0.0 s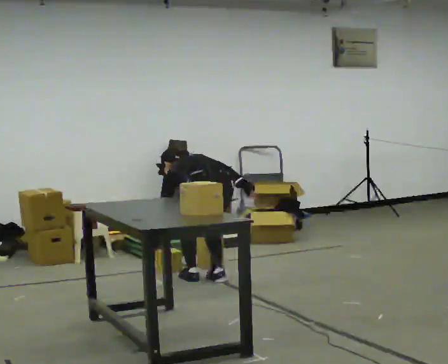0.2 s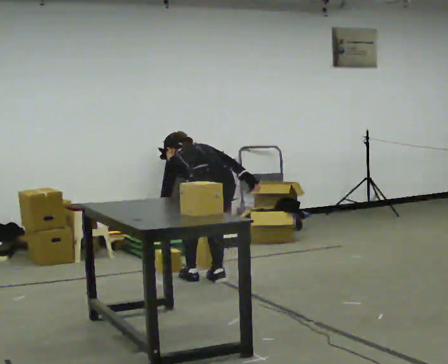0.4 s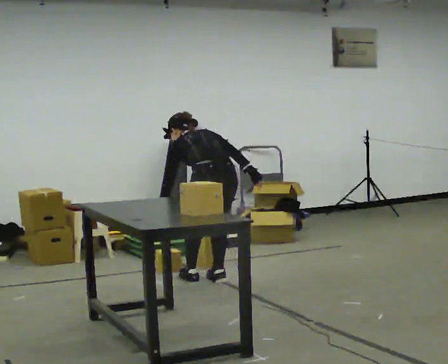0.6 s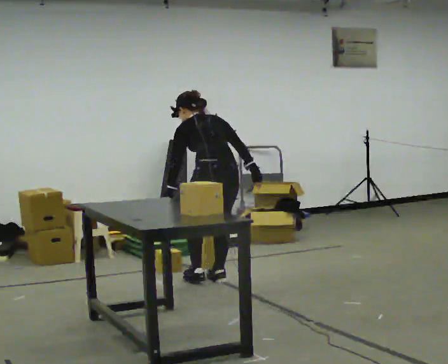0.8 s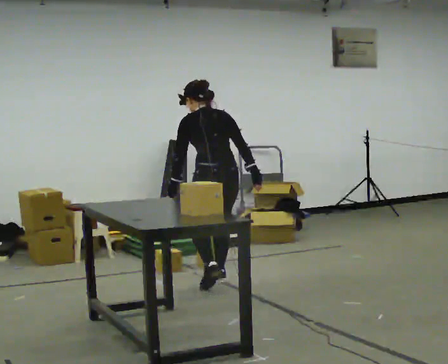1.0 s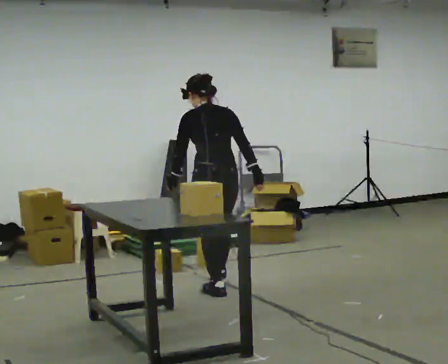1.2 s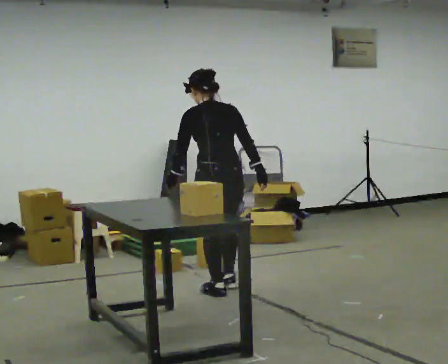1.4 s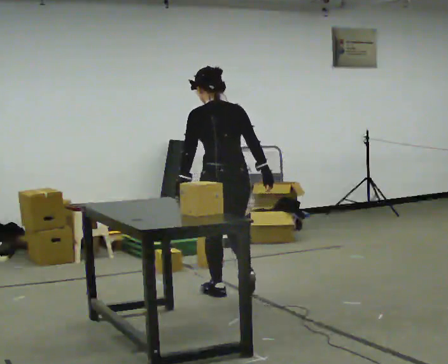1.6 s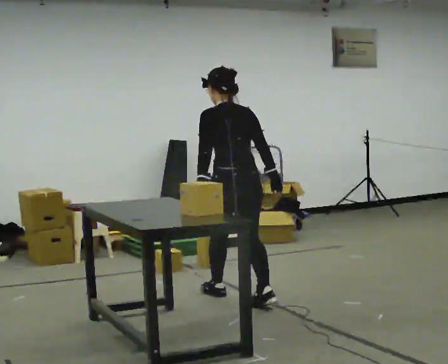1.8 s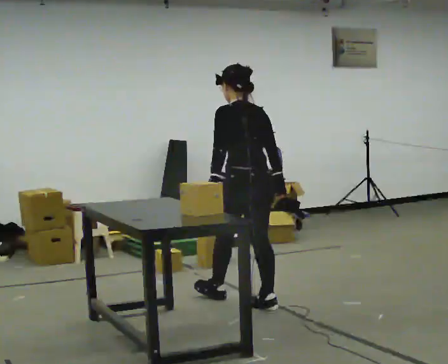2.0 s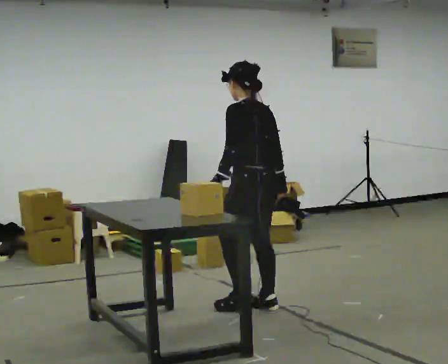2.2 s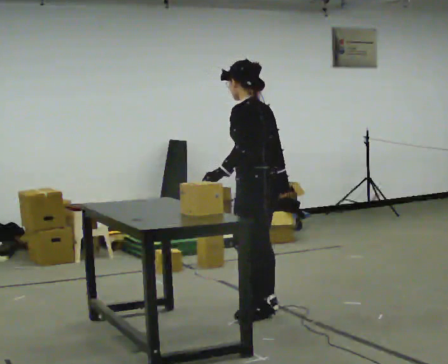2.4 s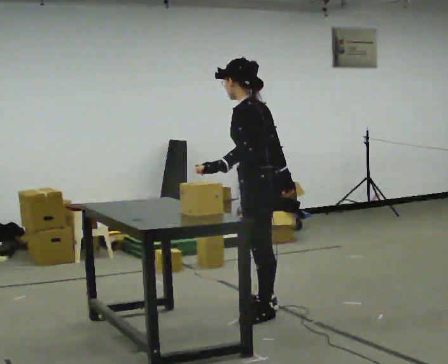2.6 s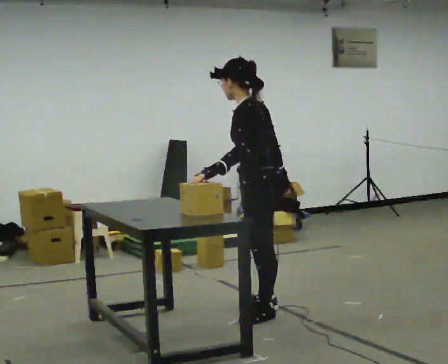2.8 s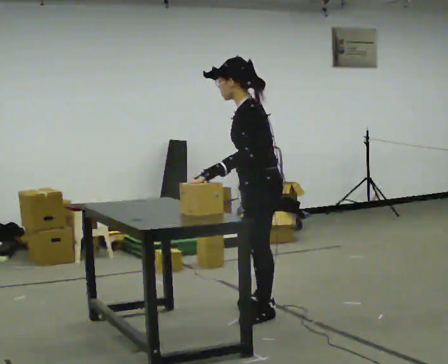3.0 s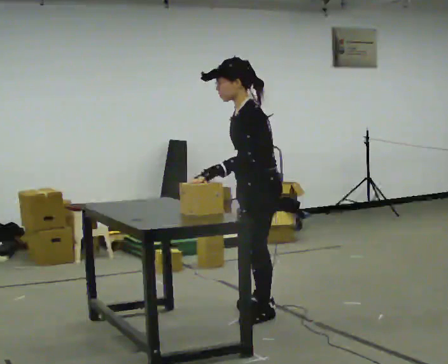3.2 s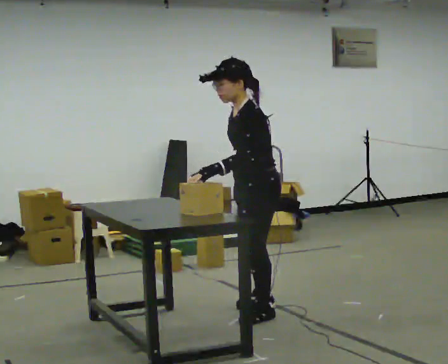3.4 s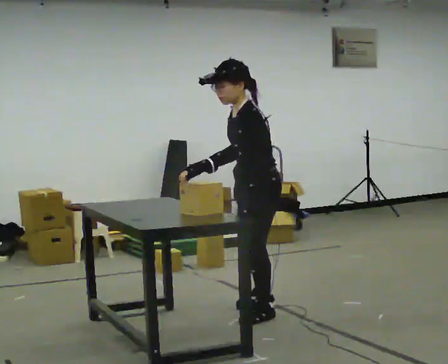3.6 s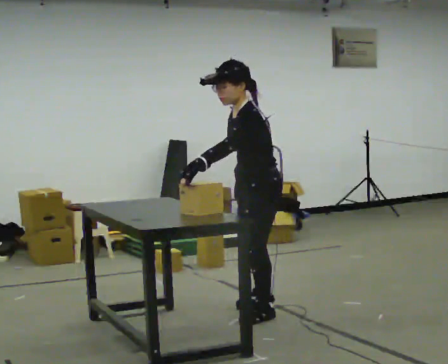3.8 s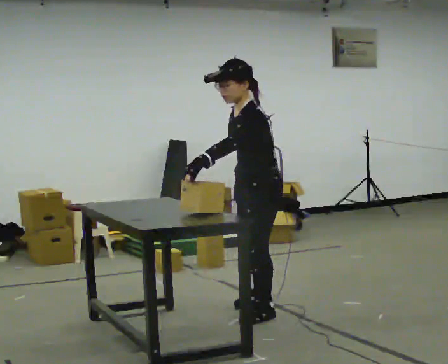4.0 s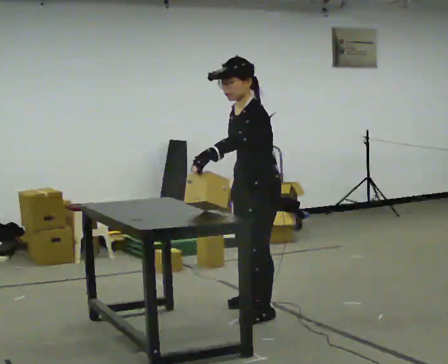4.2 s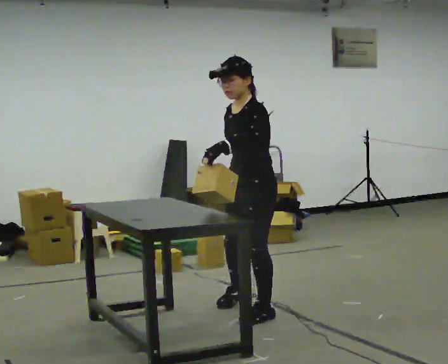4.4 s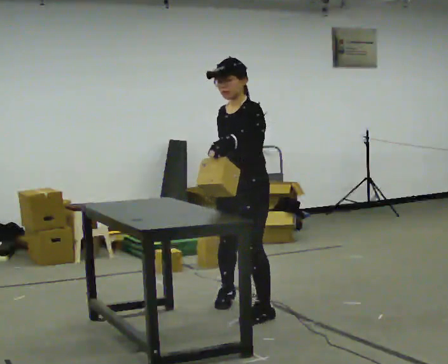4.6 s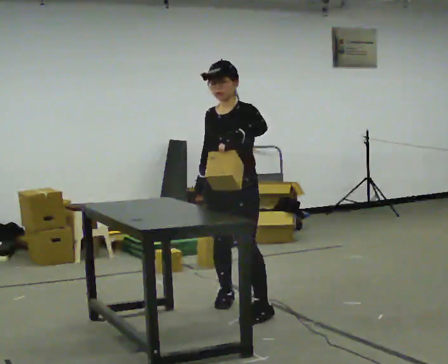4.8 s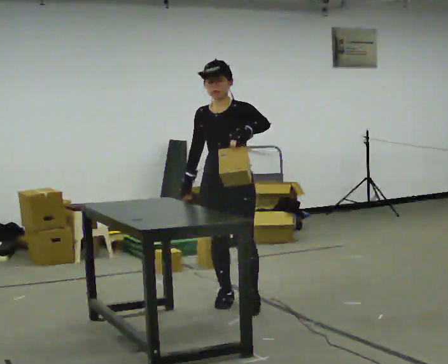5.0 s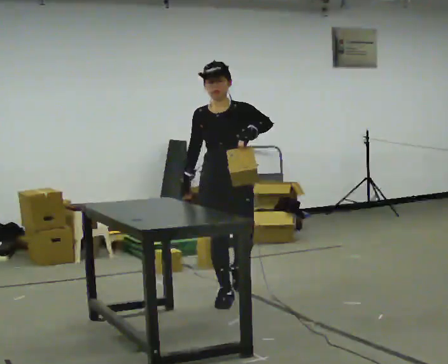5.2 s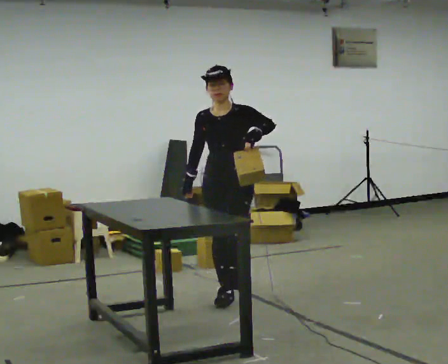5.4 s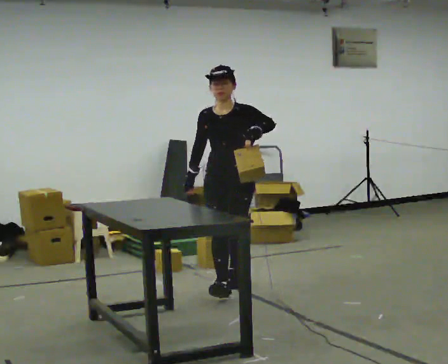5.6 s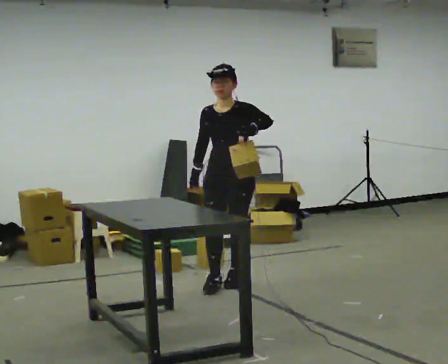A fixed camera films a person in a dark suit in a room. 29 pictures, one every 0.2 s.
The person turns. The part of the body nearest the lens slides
to the right.
The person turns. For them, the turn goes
to their left.
0.0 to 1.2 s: In the picture they go toward the camera, about 0.25 m in 2 steps, which for them is backward. The shoulders move upward. The upper body tips toward the camera, its near side rolling downward, as they lean back or straighten.
1.2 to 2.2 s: The person turns about 45 degrees to their left, counterclockwise seen from above, so the part of the body nearest the lens slides to the right. In the picture they go toward the camera and to the right, about 0.5 m in 1 step, which for them is backward.
2.2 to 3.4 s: The part of the body nearest the lens slides to the right as the person turns to their left by about 30 degrees. In the picture they go toward the camera, about 0.25 m, which for them is to their left. The upper body tips toward the camera, its near side rolling downward.
3.4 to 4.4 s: The person turns about 30 degrees to their left, counterclockwise seen from above, so the part of the body nearest the lens slides to the right.
4.4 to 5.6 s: The person turns about 30 degrees to their left, counterclockwise seen from above, so the part of the body nearest the lens slides to the right. In the picture they go away from the camera, about 0.5 m in 2 steps, which for them is backward.
The film runs backward here.
